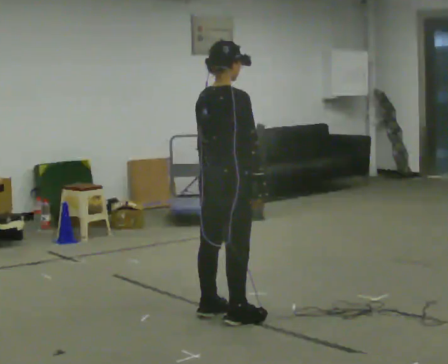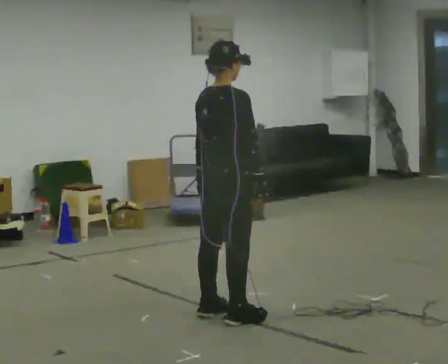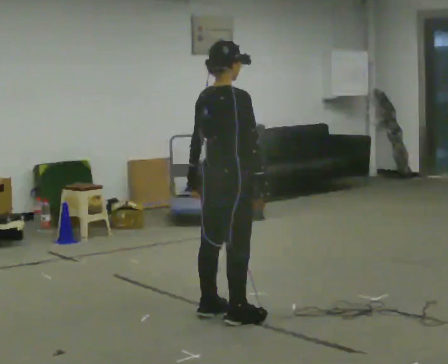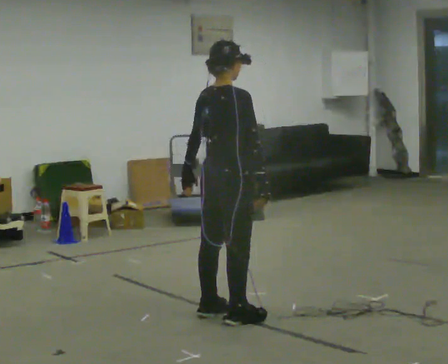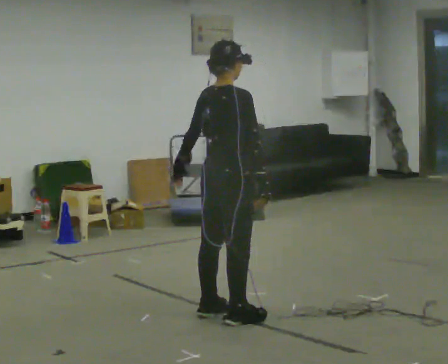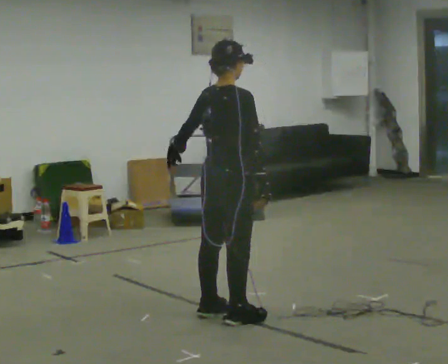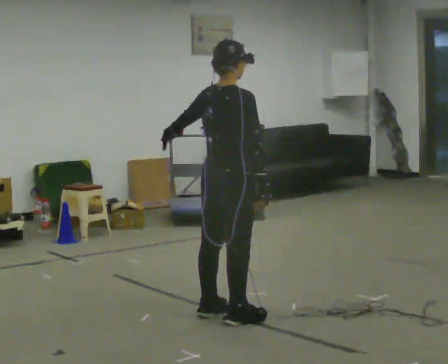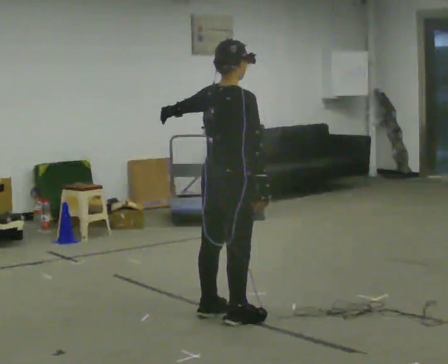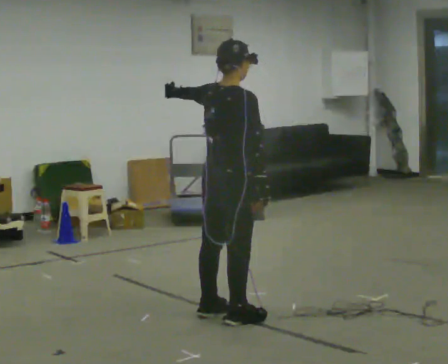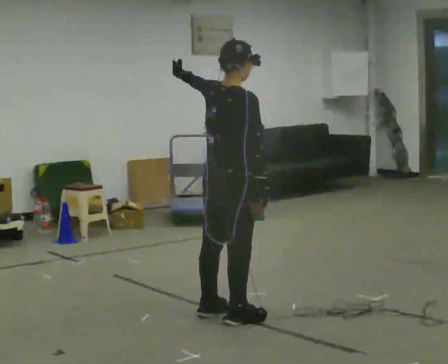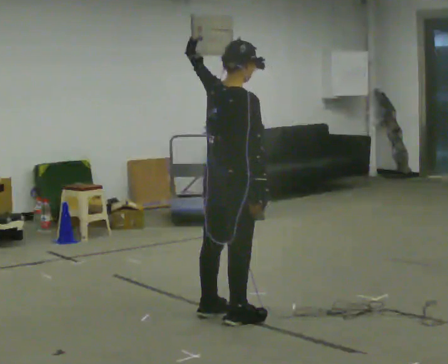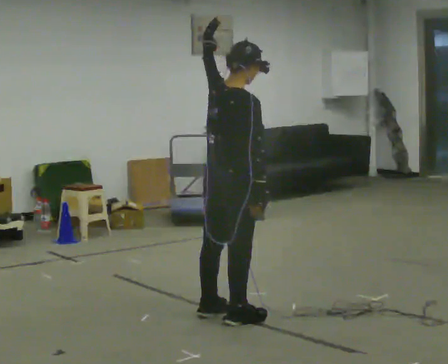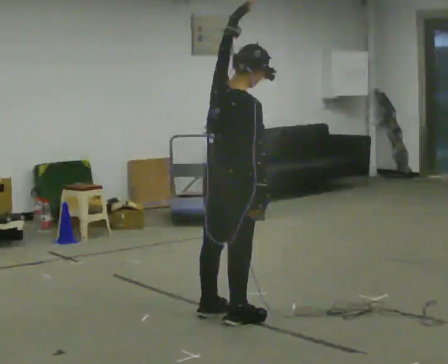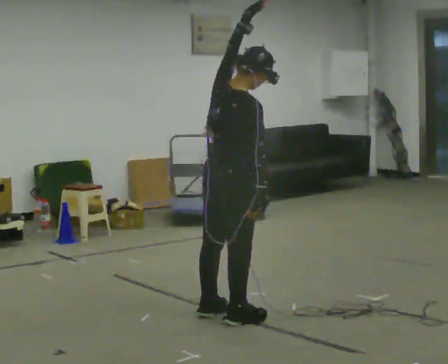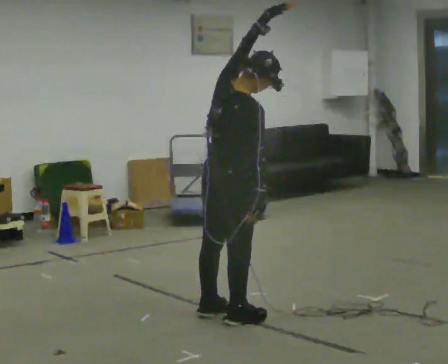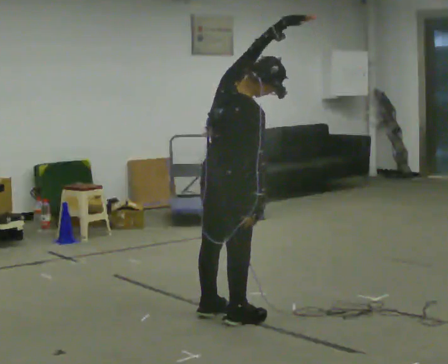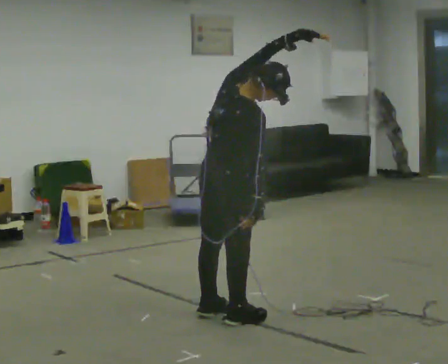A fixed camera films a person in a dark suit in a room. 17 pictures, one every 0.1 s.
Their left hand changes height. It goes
upward.
Their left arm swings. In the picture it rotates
clockwise.
0.0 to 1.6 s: In the picture their left hand goes upward and to the right, the arm swinging clockwise.
The film runs backward here.
